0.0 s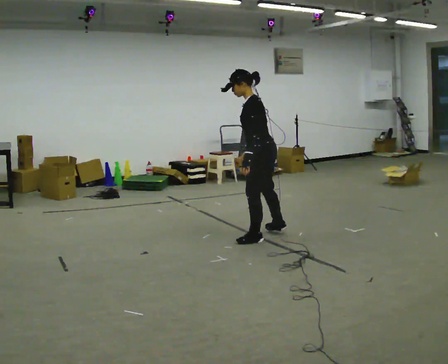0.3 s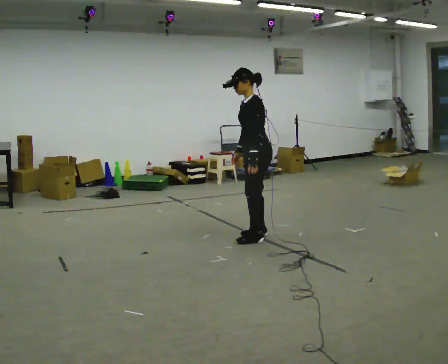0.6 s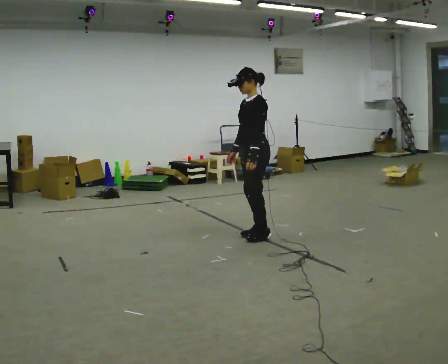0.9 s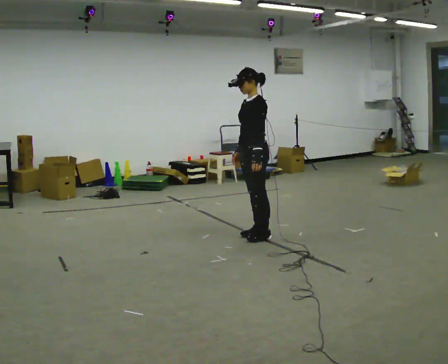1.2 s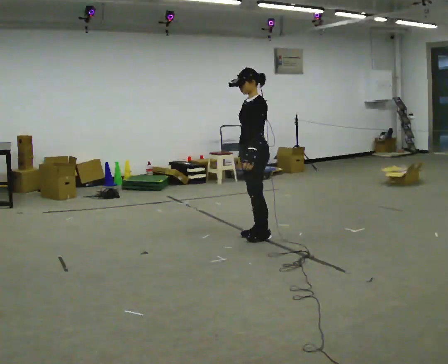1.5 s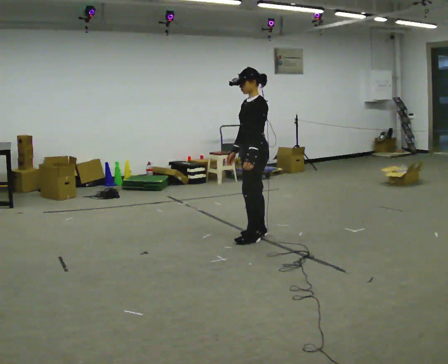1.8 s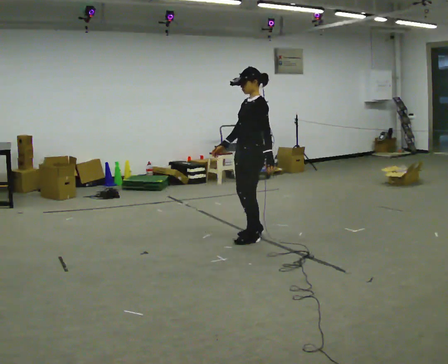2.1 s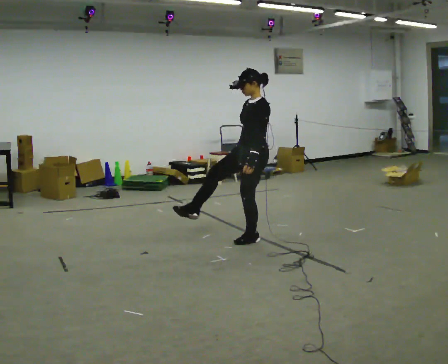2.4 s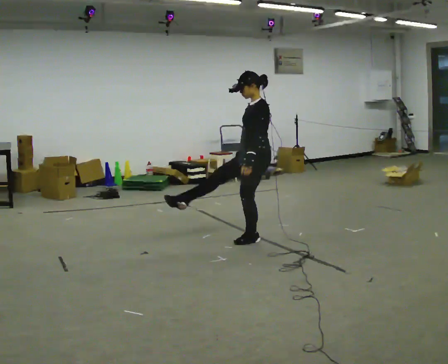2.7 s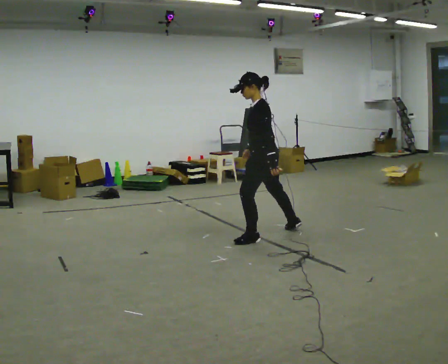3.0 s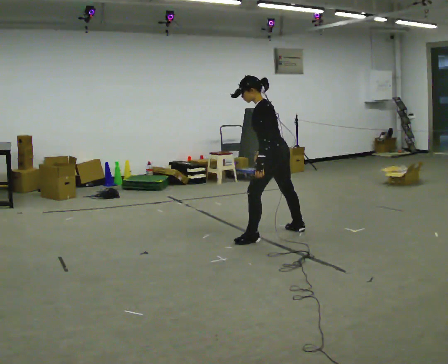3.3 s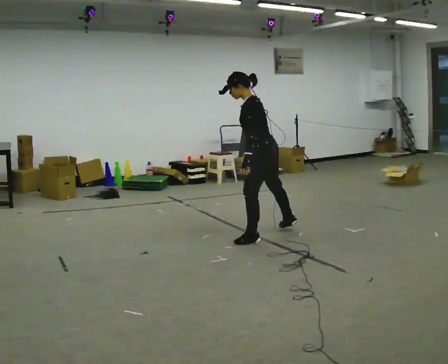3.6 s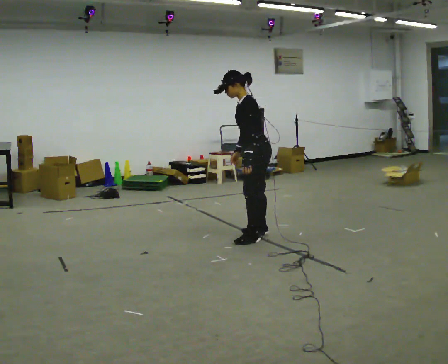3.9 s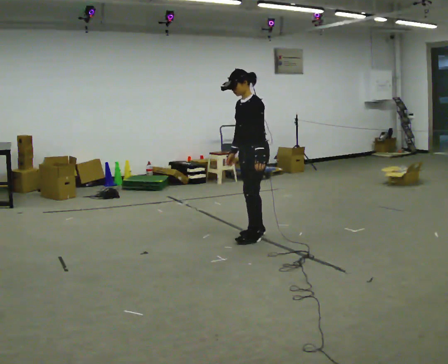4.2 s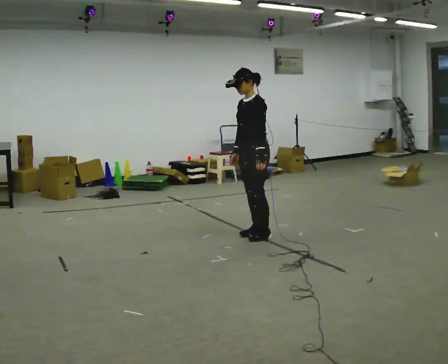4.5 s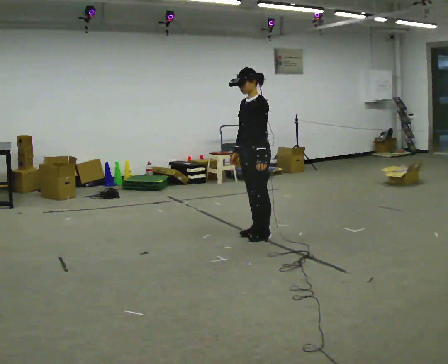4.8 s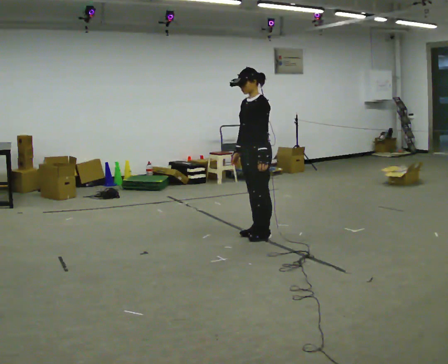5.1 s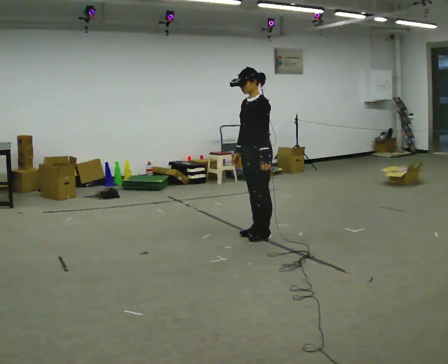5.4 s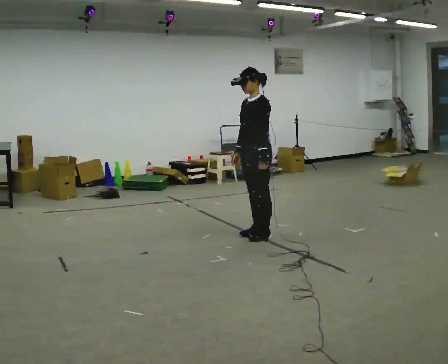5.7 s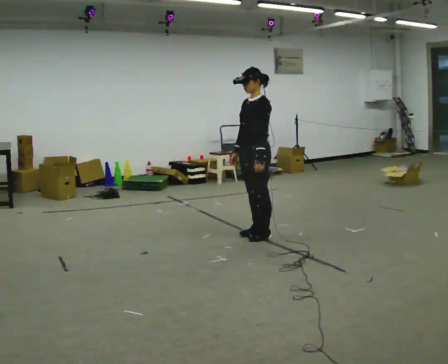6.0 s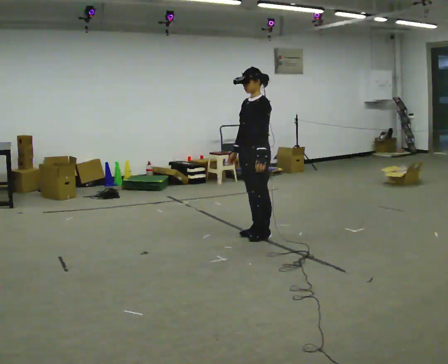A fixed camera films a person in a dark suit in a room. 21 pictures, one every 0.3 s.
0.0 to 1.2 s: The part of the body nearest the lens slides to the right as the person turns to their left by about 30 degrees. In the picture the upper body tilts clockwise, shoulders to the right, as they lean back or straighten.
1.2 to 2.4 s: The person moves a little, or ends about where they began.
2.4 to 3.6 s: In the picture the upper body tilts counterclockwise, shoulders to the left, as they bend forward.
3.6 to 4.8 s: The part of the body nearest the lens slides to the right as the person turns to their left by about 30 degrees. In the picture the upper body tilts clockwise, shoulders to the right, as they lean back or straighten.
4.8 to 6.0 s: The person moves a little, or ends about where they began.
The film runs backward here.
